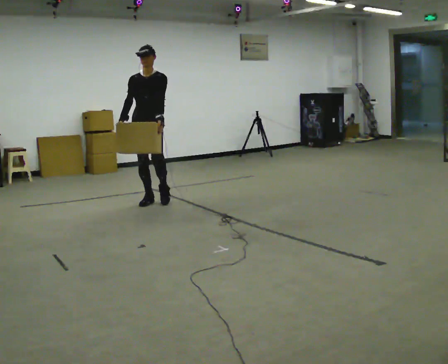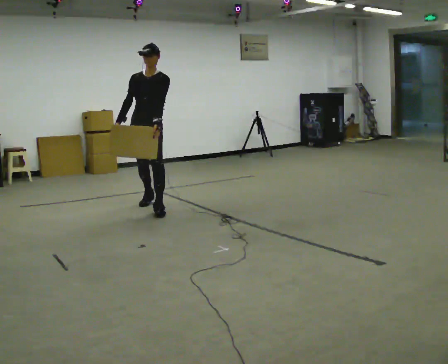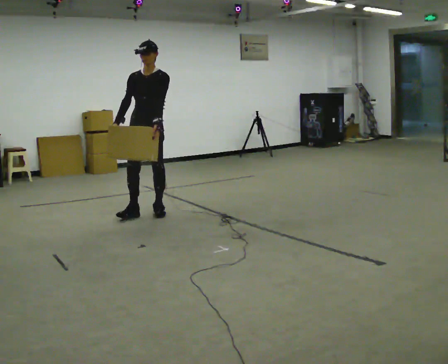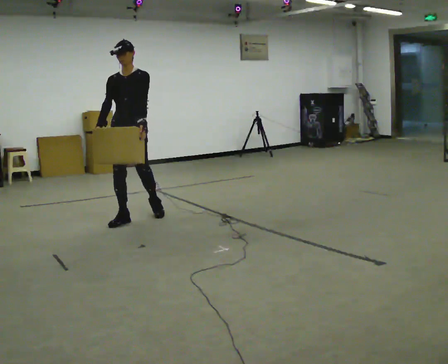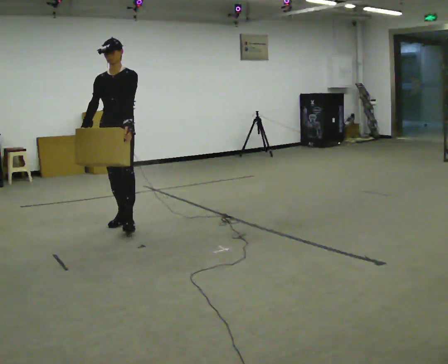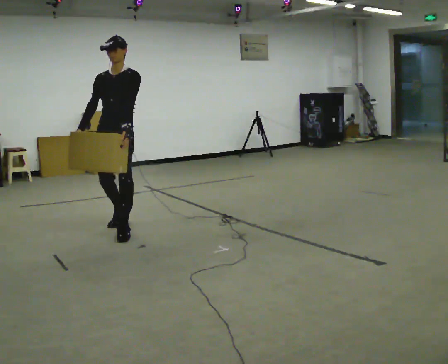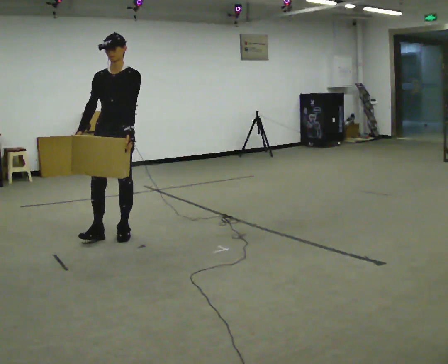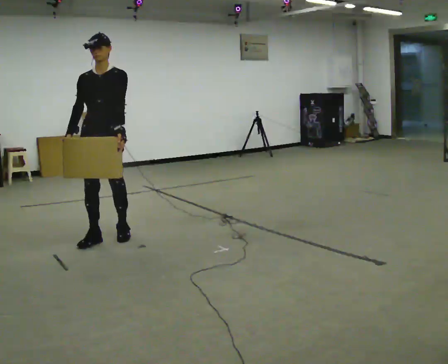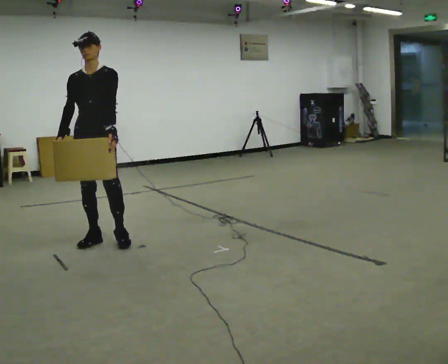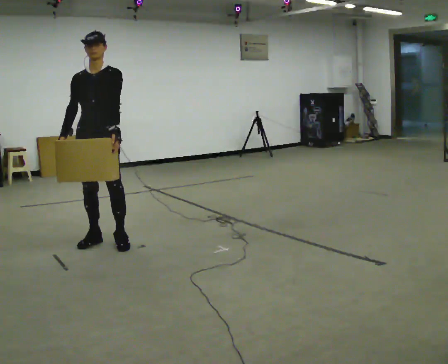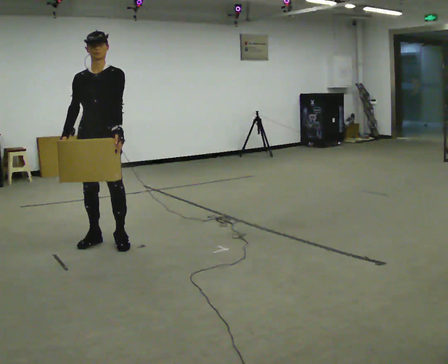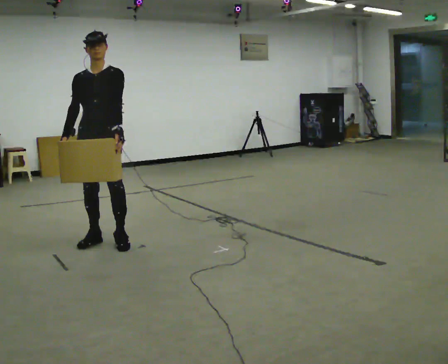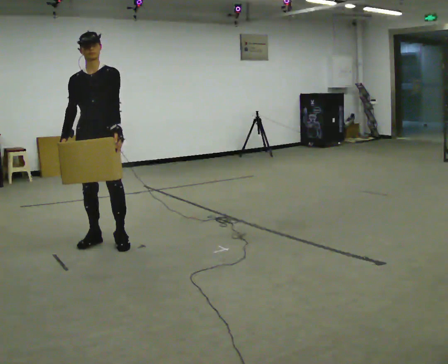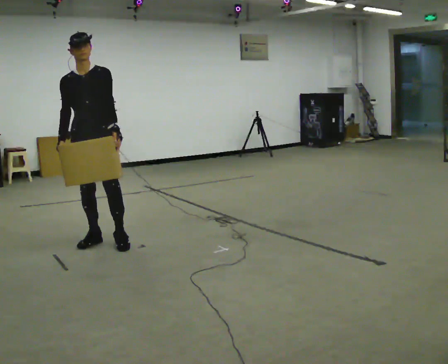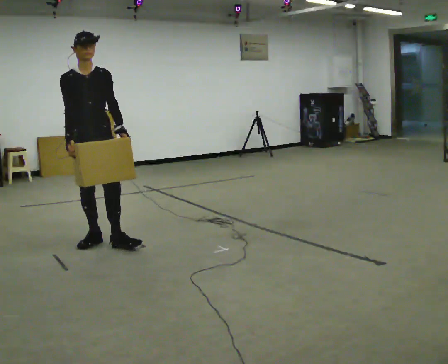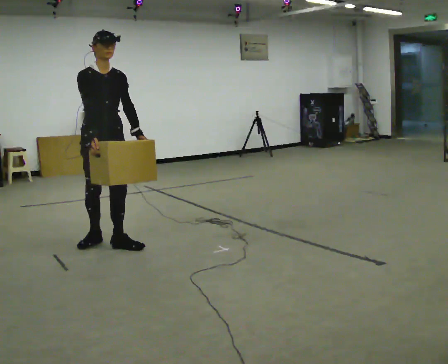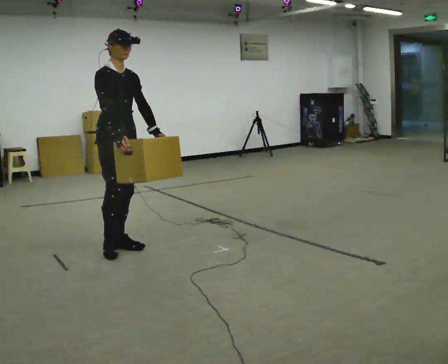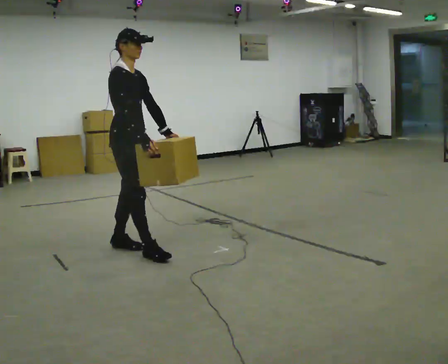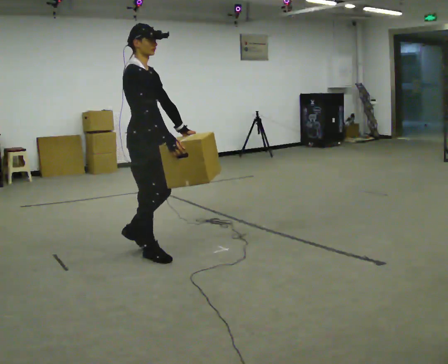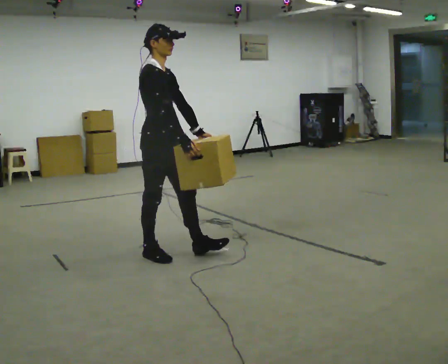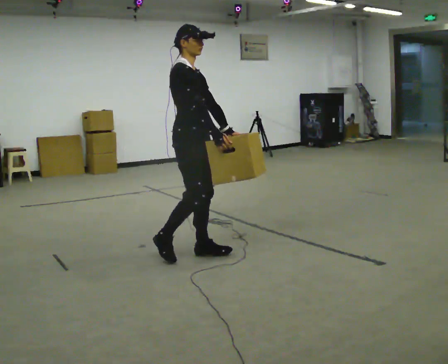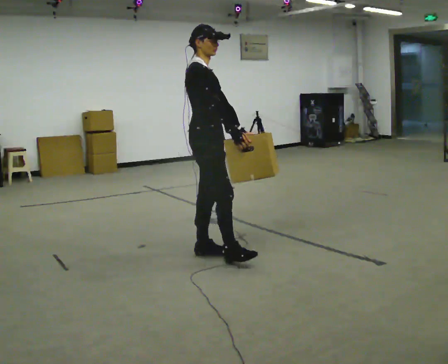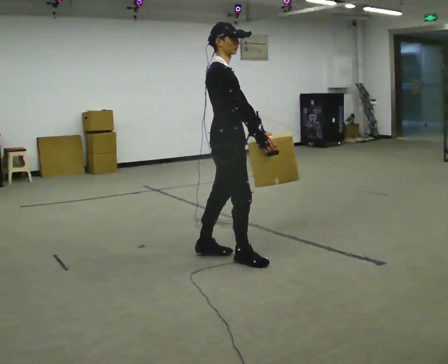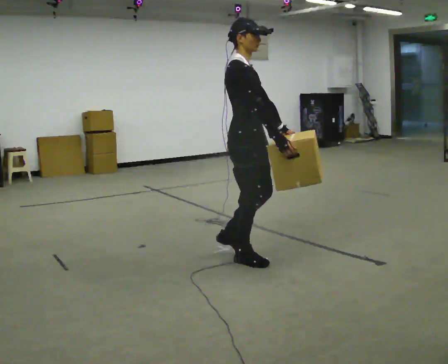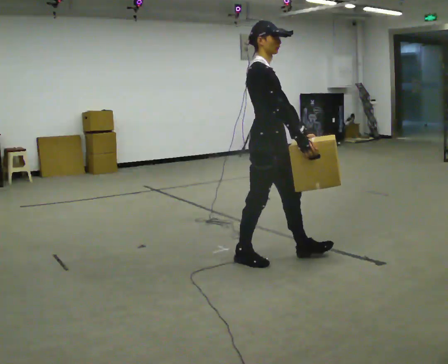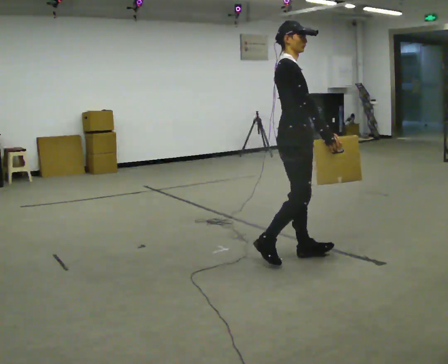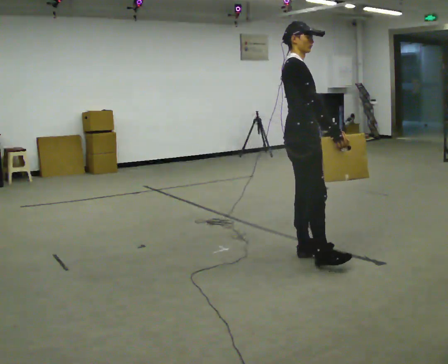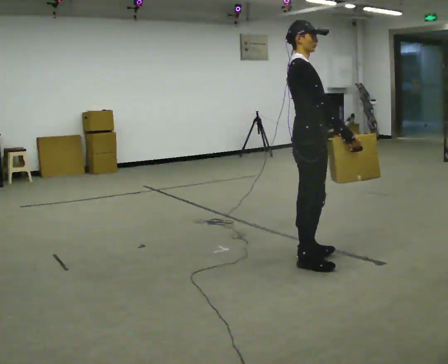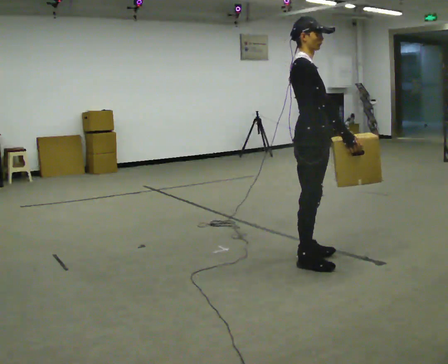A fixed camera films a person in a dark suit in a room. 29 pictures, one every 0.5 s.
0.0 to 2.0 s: In the picture they go toward the camera and to the left, about 1 m in 2 steps, which for them is forward.
2.0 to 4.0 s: In the picture they go toward the camera and to the left, about 0.5 m in 2 steps, which for them is forward.
4.0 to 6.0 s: The person moves a little, or ends about where they began.
6.0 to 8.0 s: Seen from above the body turns counterclockwise, about 60 degrees: to their left, with its near side sliding to the right. In the picture their right hand goes to the right.
8.0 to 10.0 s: In the picture they go to the right and toward the camera, about 0.75 m in 2 steps, which for them is forward.
10.0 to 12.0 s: In the picture they go to the right and toward the camera, about 0.5 m in 2 steps, which for them is forward.
12.0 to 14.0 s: In the picture they go to the right, about 0.25 m in 1 step, which for them is forward.
The film runs forward here.
